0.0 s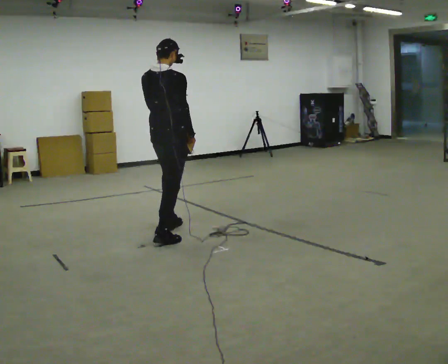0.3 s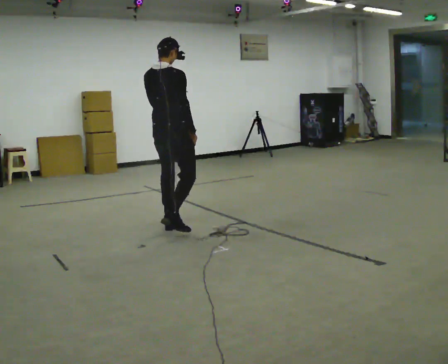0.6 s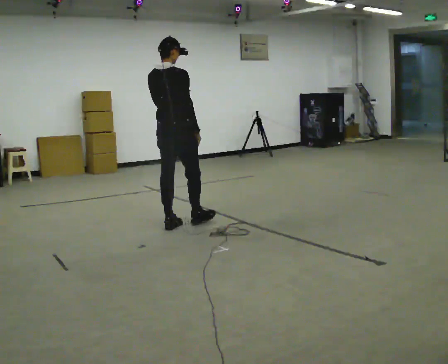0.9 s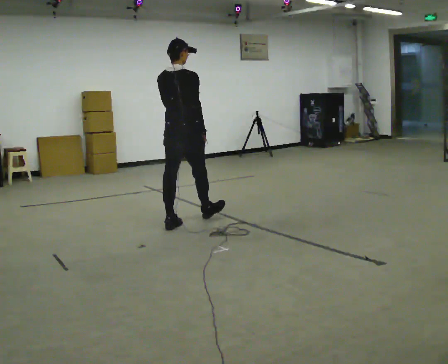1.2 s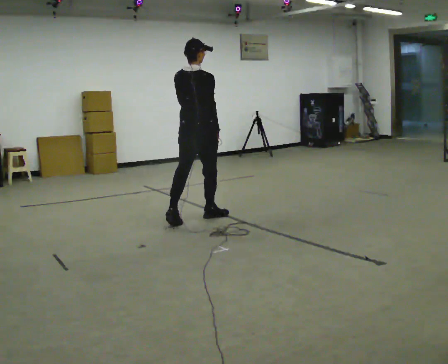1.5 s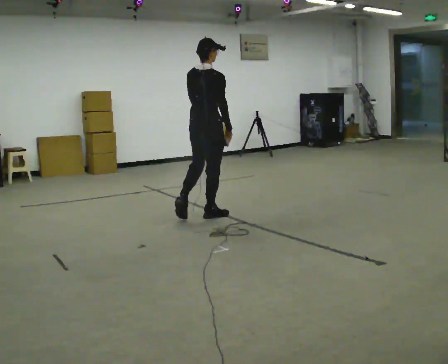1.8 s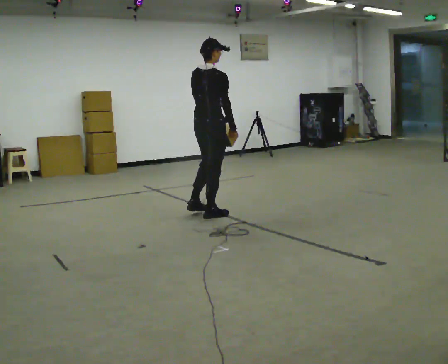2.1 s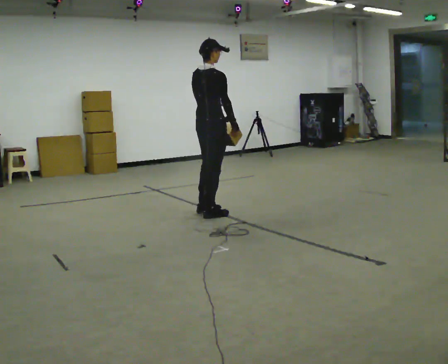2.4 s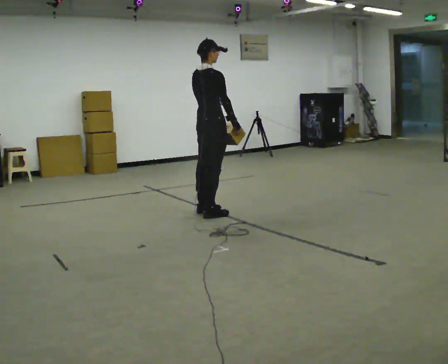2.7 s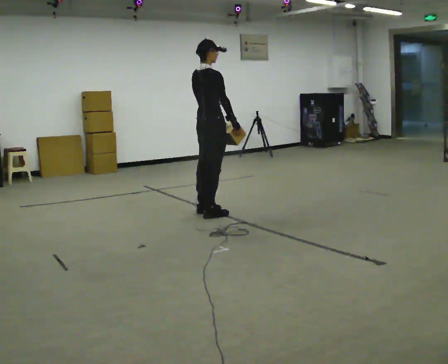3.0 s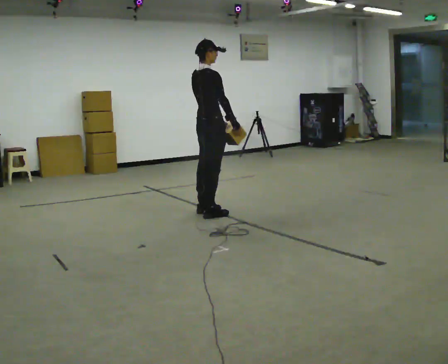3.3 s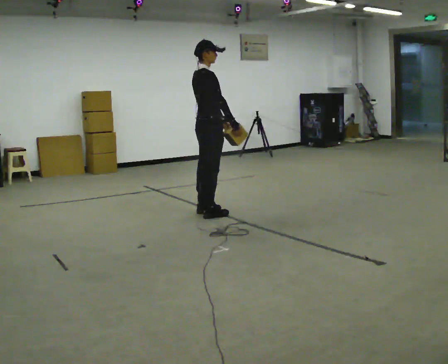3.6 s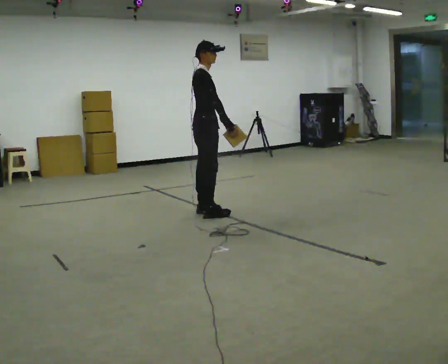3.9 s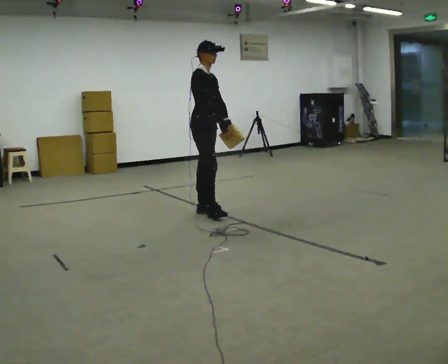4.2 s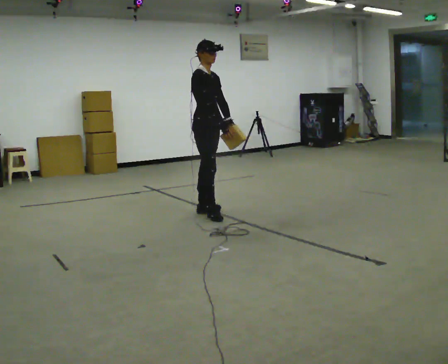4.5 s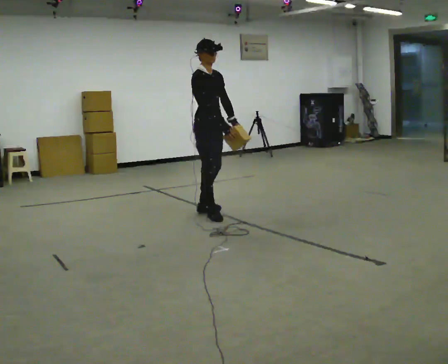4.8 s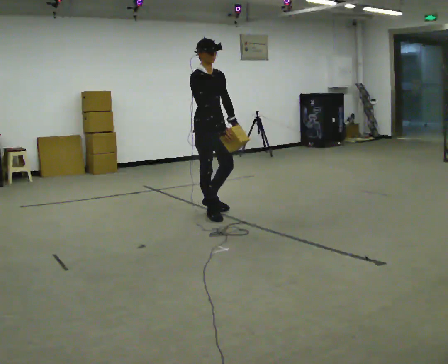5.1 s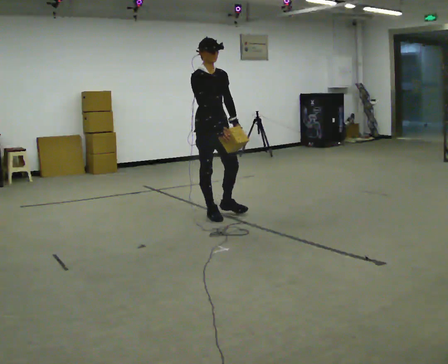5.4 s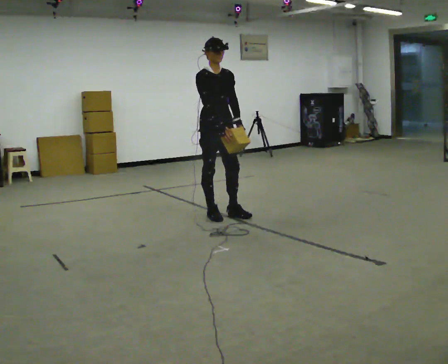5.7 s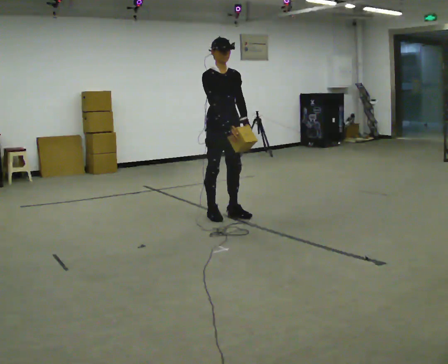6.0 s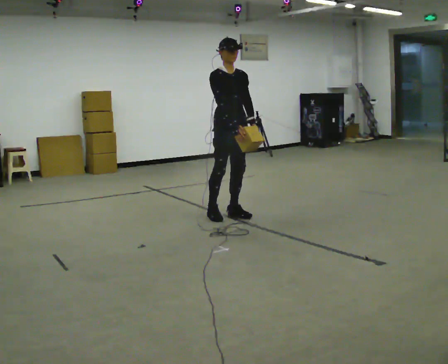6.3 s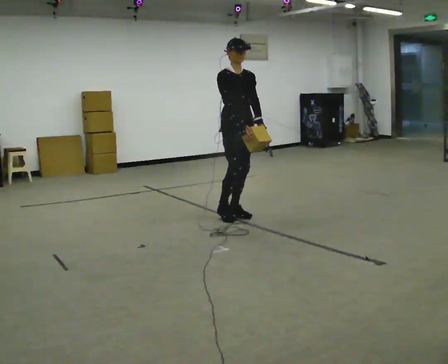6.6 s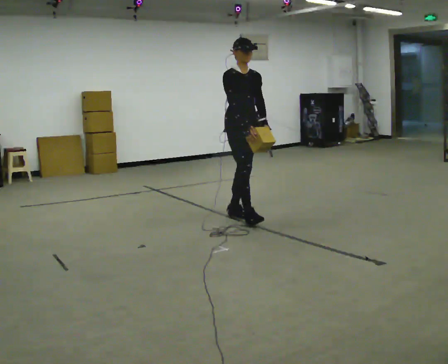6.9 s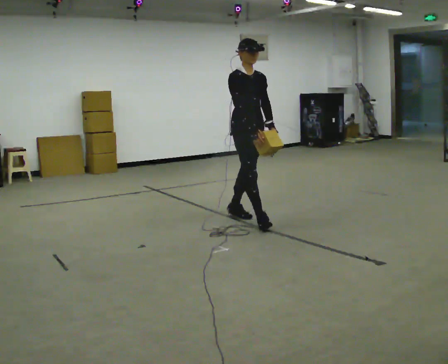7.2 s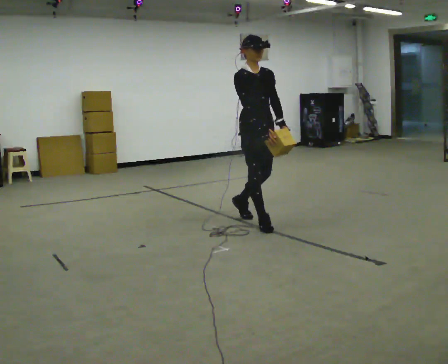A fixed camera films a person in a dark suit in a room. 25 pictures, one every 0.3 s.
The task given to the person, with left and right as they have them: Carry the light box in both hands in front of you, walking back and forth across the room. Keep walking until the operator says stop.
0.0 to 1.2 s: In the picture they go away from the camera and to the right, about 0.5 m in 1 step, which for them is forward.
1.2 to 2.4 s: The person turns about 30 degrees to their right, clockwise seen from above, so the part of the body nearest the lens slides to the left. In the picture they go away from the camera, about 0.25 m in 1 step, which for them is forward.
2.4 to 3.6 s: The person turns about 30 degrees to their right, clockwise seen from above, so the part of the body nearest the lens slides to the left.
3.6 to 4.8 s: The person turns about 45 degrees to their right, clockwise seen from above, so the part of the body nearest the lens slides to the left.
4.8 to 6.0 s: In the picture they go to the right, about 0.25 m in 1 step, which for them is forward and to their left.
6.0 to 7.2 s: In the picture they go toward the camera and to the right, about 0.5 m in 1 step, which for them is forward.
The film runs forward here.
